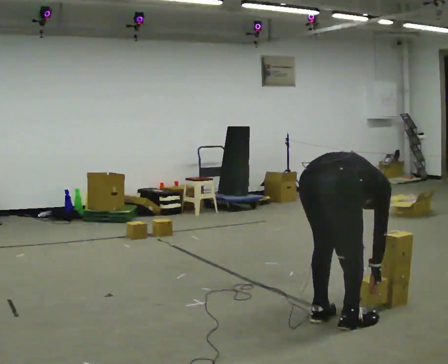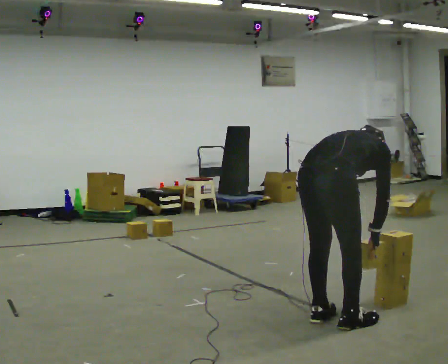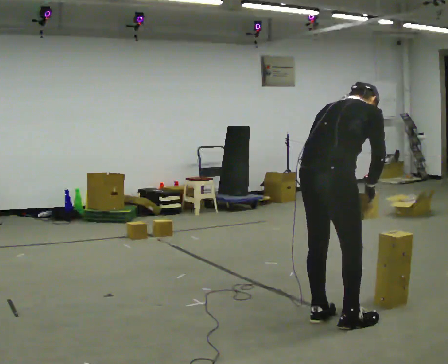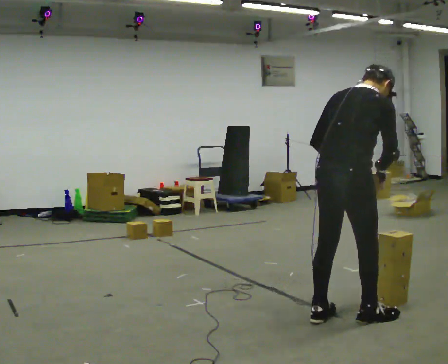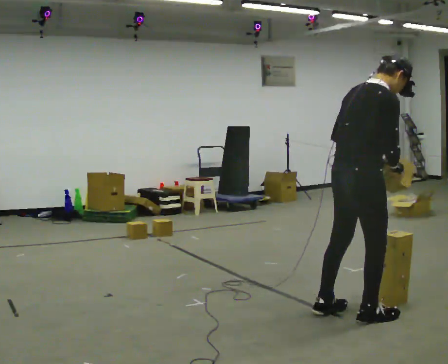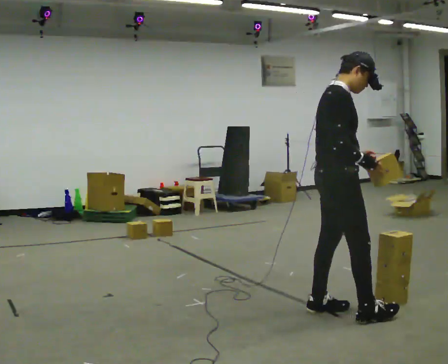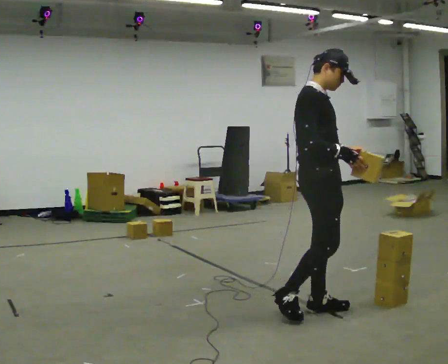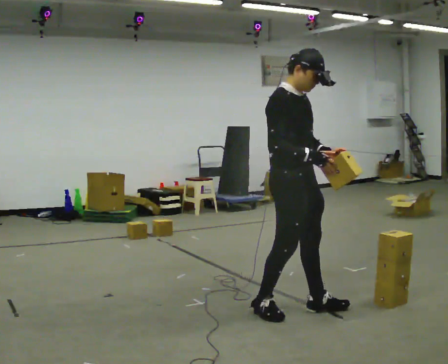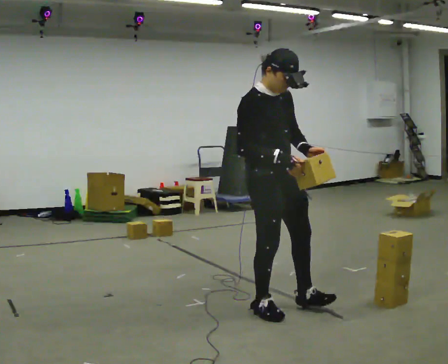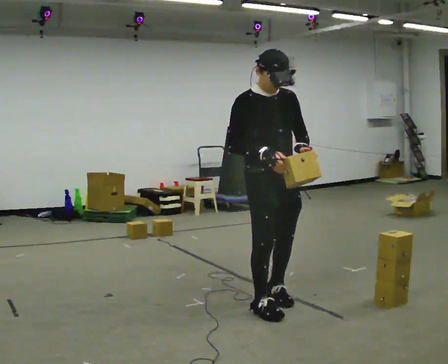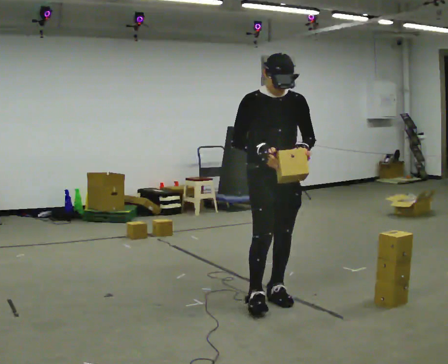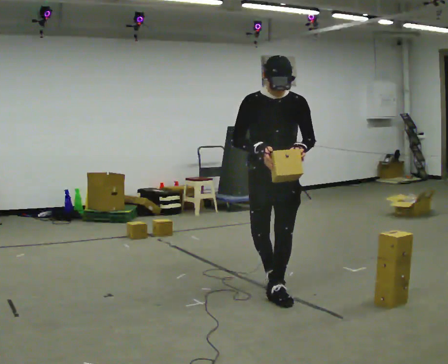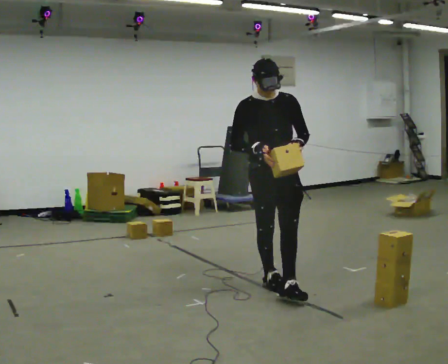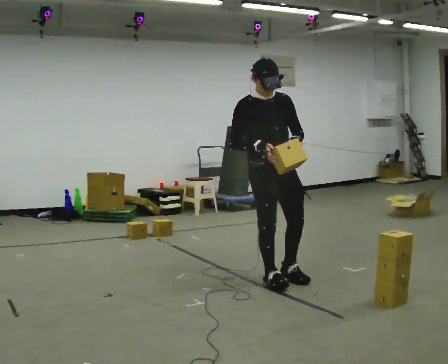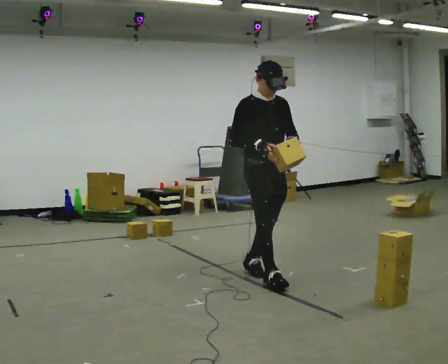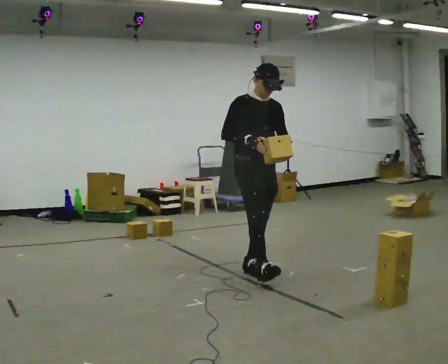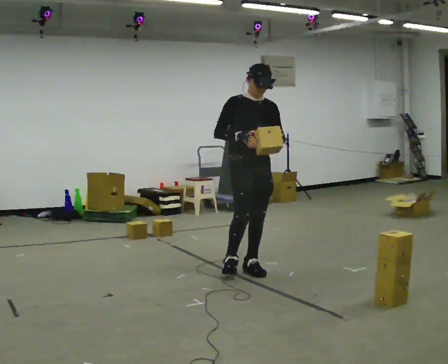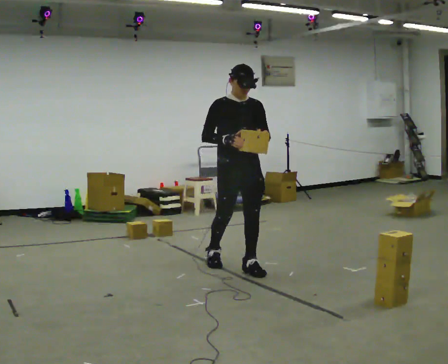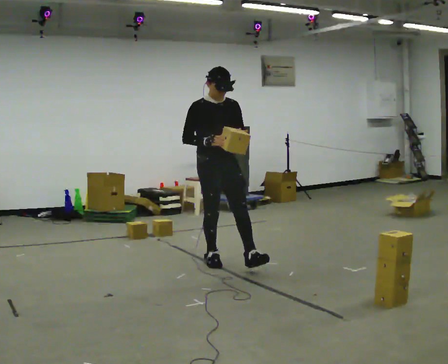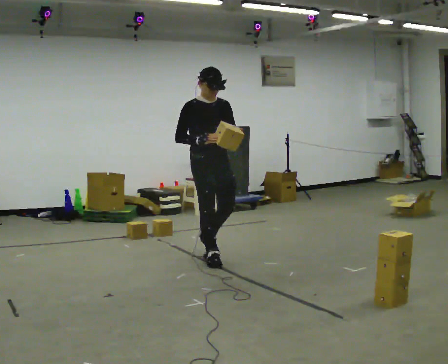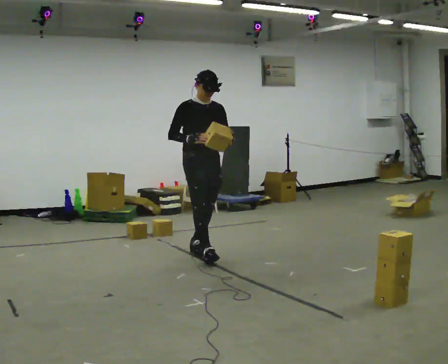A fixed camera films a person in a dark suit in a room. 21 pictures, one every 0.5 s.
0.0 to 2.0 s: In the picture they go away from the camera and to the right, about 0.25 m in 1 step, which for them is forward. The shoulders move upward. The upper body tips toward the camera, its near side rolling downward, as they lean back or straighten. In the picture their left hand goes upward.
2.0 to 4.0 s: The person turns about 75 degrees to their right, clockwise seen from above, so the part of the body nearest the lens slides to the left. In the picture they go to the left, about 0.5 m in 2 steps. In the picture the upper body tilts counterclockwise, shoulders to the left.
4.0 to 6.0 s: The part of the body nearest the lens slides to the left as the person turns to their right by about 45 degrees. In the picture they go away from the camera, about 0.5 m in 2 steps, which for them is backward and to their left.
6.0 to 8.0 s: In the picture they go away from the camera and to the left, about 0.5 m in 1 step, which for them is backward and to their left.
8.0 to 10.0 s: In the picture they go to the left and away from the camera, about 0.5 m in 1 step, which for them is backward.
The film runs backward here.
